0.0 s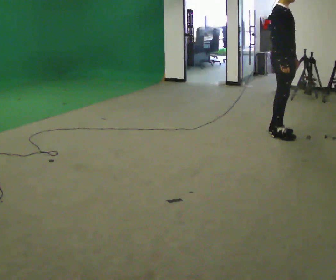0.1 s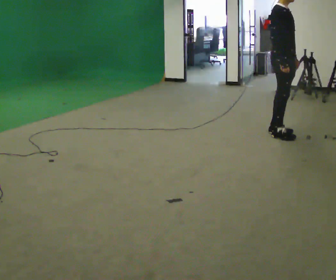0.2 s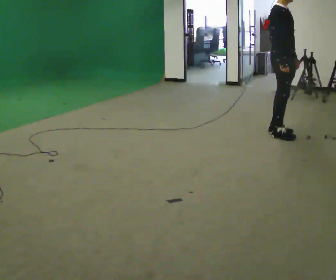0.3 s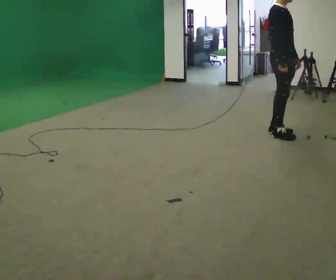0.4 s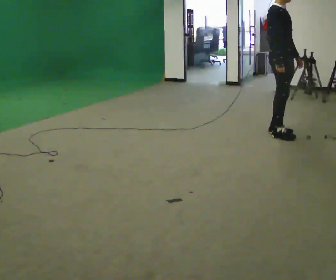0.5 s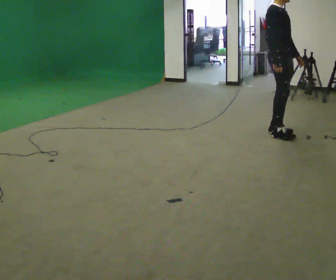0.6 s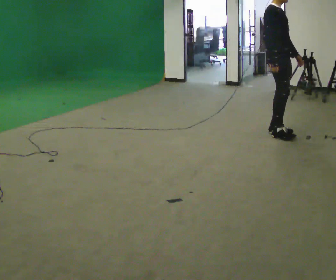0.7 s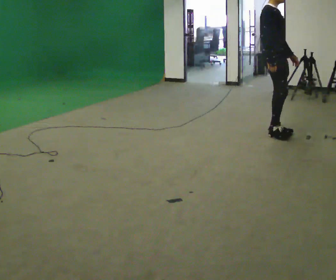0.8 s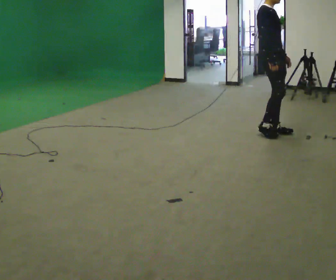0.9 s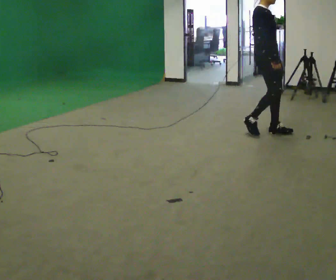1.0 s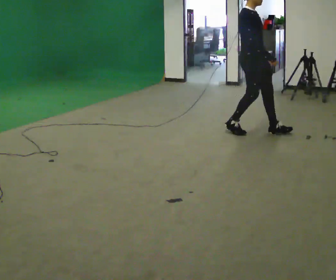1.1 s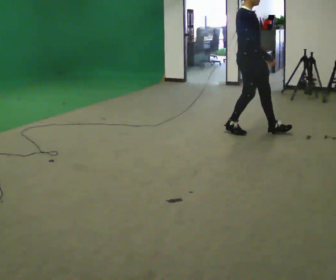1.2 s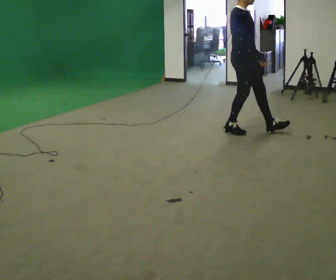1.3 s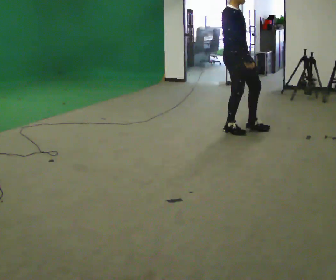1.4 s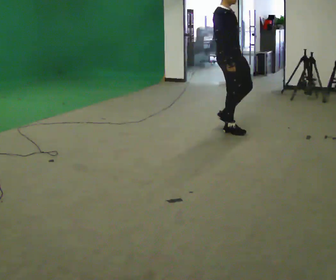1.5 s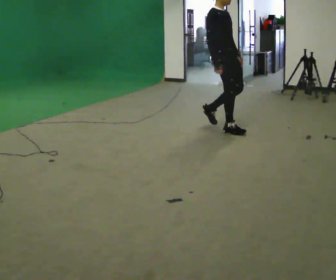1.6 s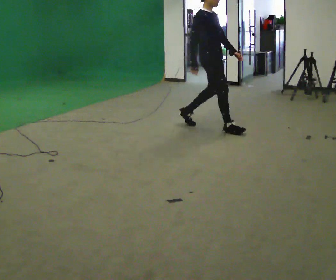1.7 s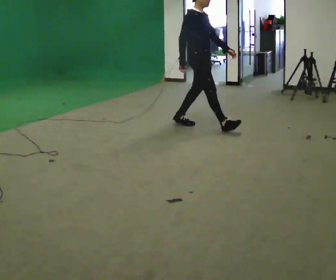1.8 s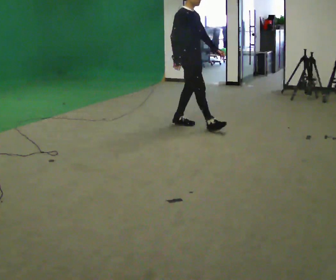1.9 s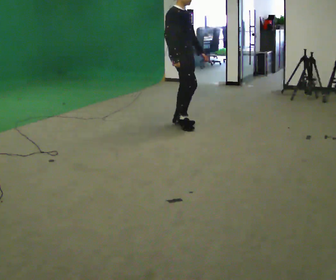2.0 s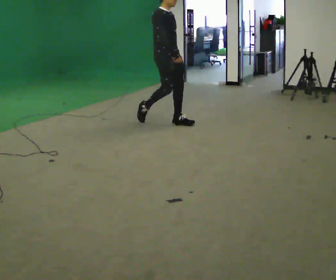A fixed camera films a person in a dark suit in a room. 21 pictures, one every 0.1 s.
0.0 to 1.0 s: In the picture they go to the left, about 0.25 m in 1 step, which for them is backward.
1.0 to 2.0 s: In the picture they go to the left, about 1 m in 2 steps, which for them is backward.
The film runs backward here.
